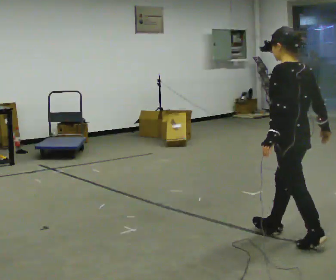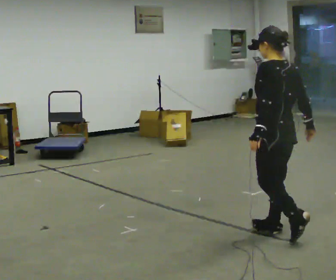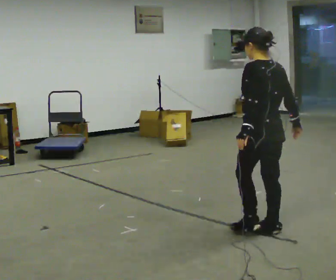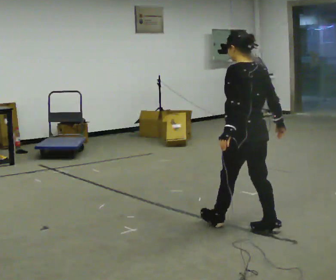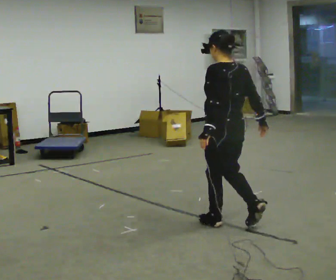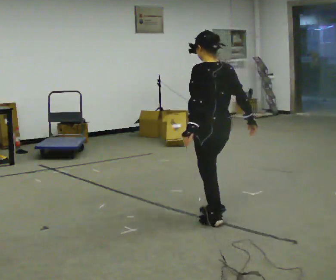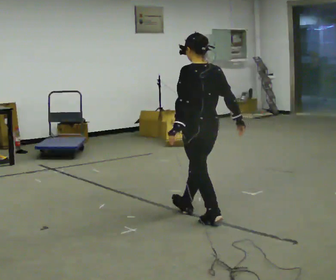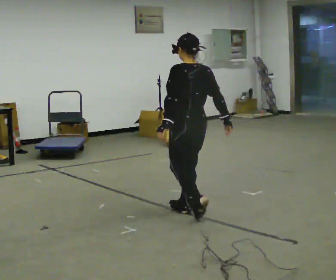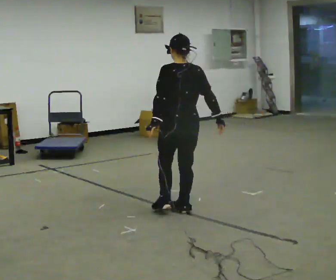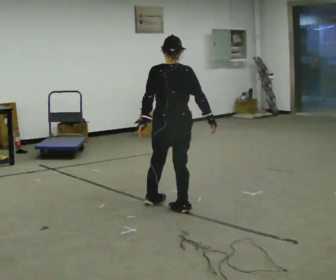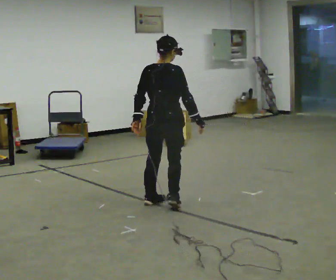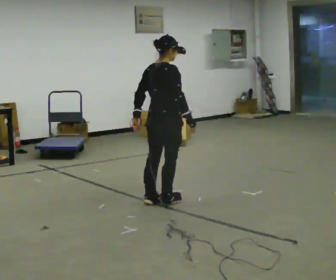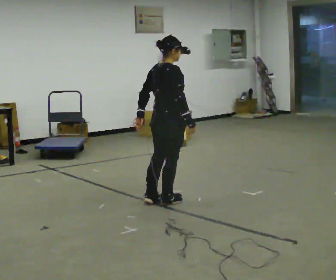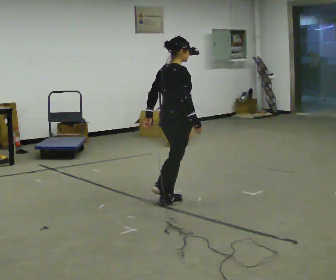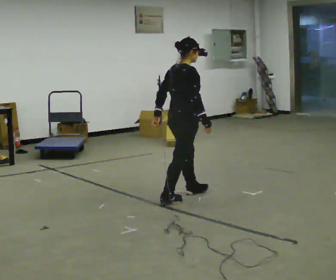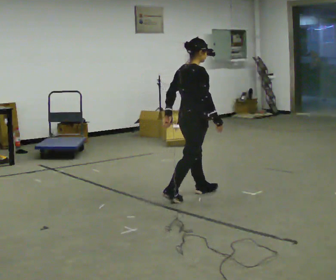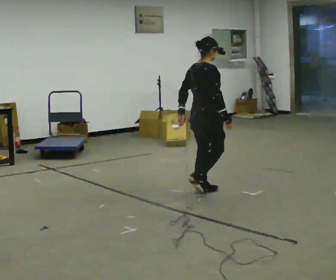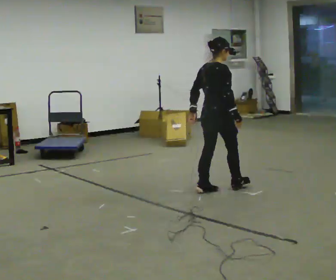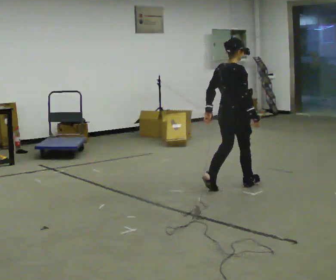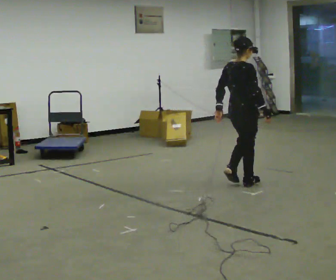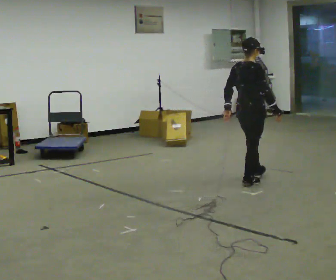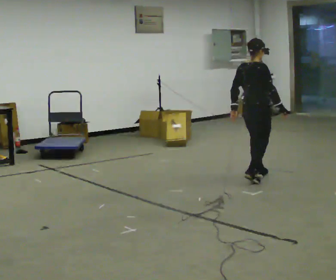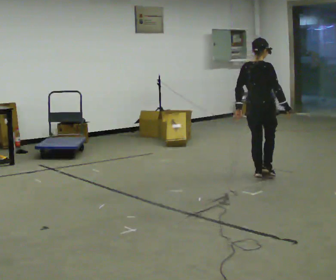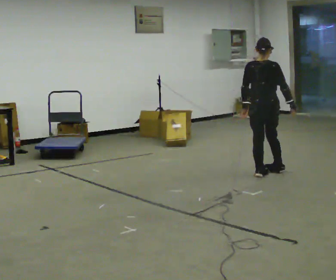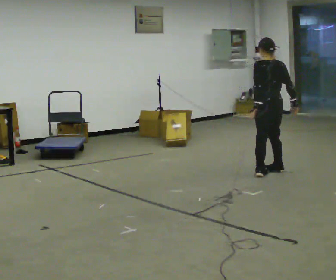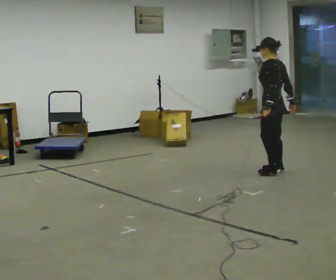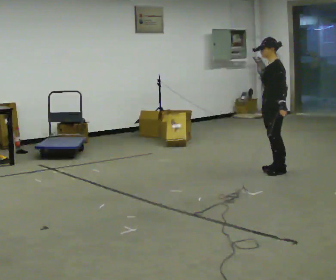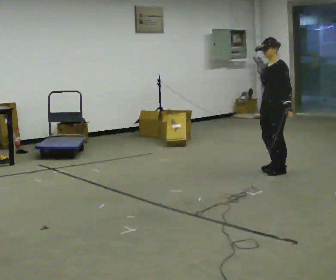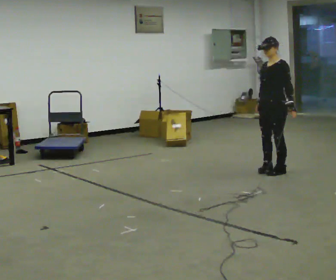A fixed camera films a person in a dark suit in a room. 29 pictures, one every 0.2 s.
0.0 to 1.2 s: In the picture they go to the left and away from the camera, about 1 m in 2 steps, which for them is forward.
1.2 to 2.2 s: The person turns about 75 degrees to their right, clockwise seen from above, so the part of the body nearest the lens slides to the left. In the picture they go away from the camera and to the left, about 0.5 m in 2 steps.
2.2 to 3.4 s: In the picture they go to the right and away from the camera, about 0.75 m in 1 step, which for them is forward.
3.4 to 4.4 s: The part of the body nearest the lens slides to the right as the person turns to their left by about 30 degrees. In the picture they go away from the camera and to the right, about 0.5 m in 2 steps, which for them is forward.
4.4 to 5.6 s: The part of the body nearest the lens slides to the right as the person turns to their left by about 165 degrees. In the picture they go away from the camera, about 0.25 m in 2 steps. In the picture their right hand goes to the left, the arm swinging clockwise.
The film runs forward here.
